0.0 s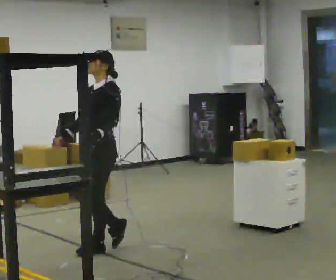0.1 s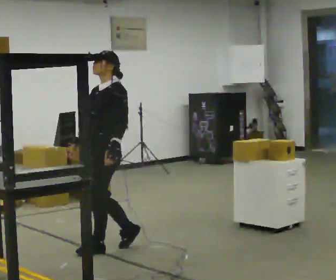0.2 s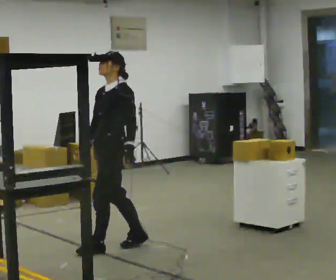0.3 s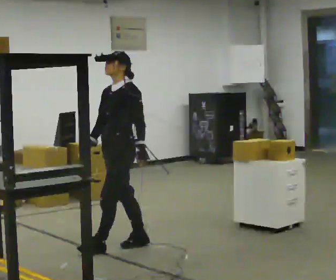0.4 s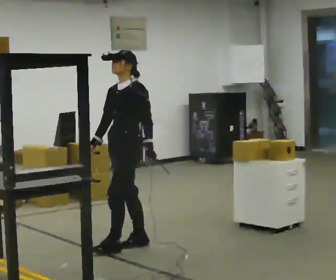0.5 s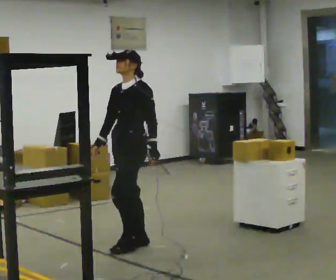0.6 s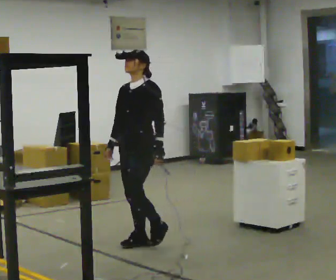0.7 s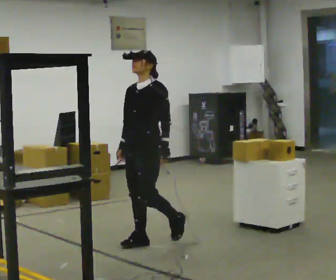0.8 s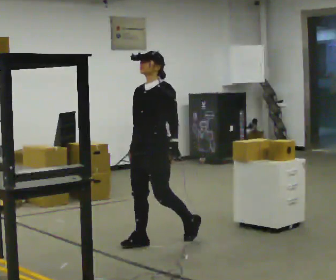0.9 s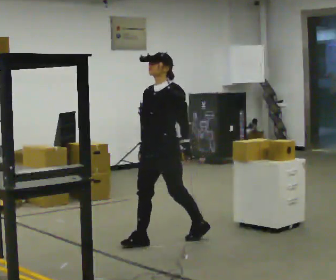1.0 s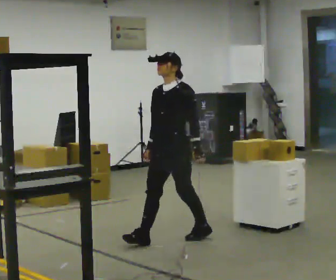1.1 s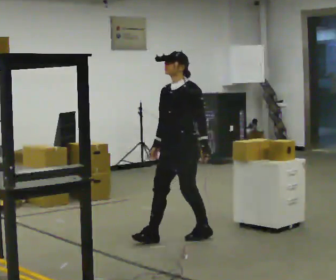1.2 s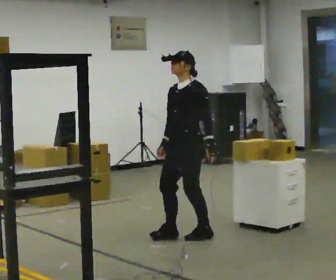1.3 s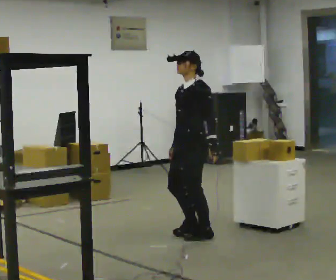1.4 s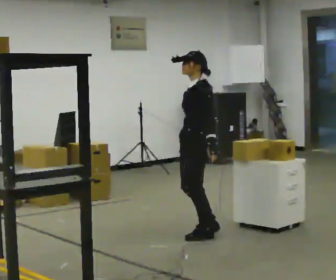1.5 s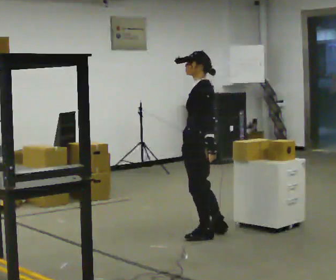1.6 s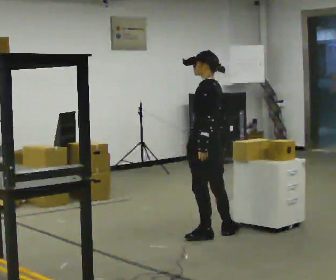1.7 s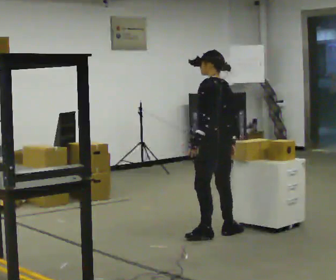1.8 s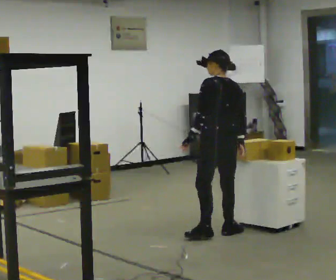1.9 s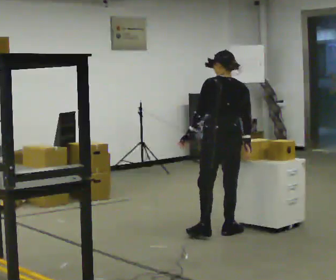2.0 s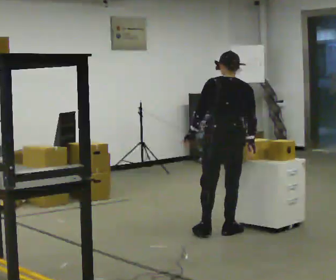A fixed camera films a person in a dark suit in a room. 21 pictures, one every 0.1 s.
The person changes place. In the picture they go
to the right.
Their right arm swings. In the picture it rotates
counterclockwise.
0.0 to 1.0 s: In the picture they go to the right and away from the camera, about 0.5 m in 2 steps, which for them is backward.
1.0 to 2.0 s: Seen from above the body turns clockwise, about 120 degrees: to their right, with its near side sliding to the left. In the picture they go to the right, about 0.5 m in 1 step. The upper body tips away from the camera, its near side rolling upward.
The film runs backward here.
